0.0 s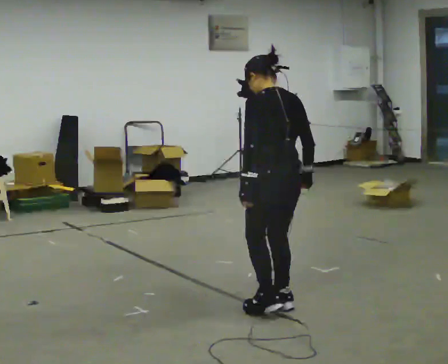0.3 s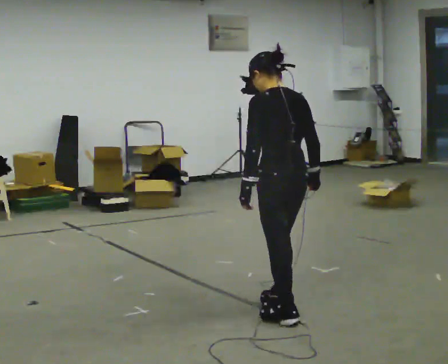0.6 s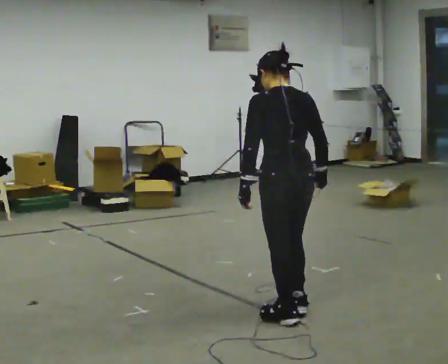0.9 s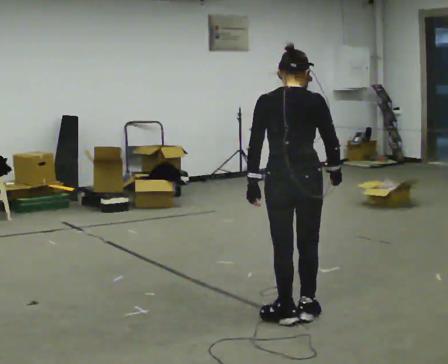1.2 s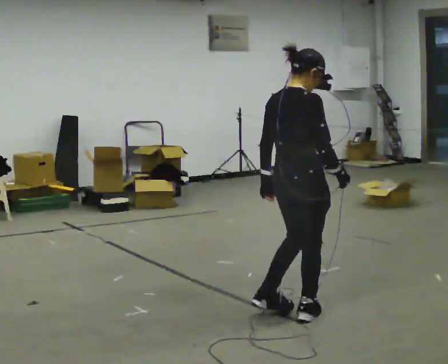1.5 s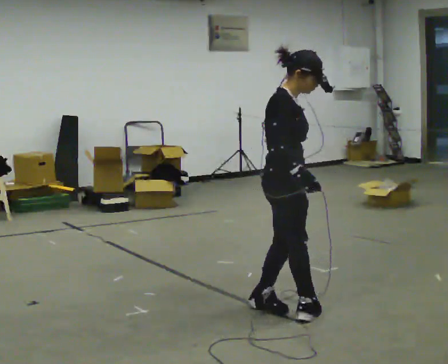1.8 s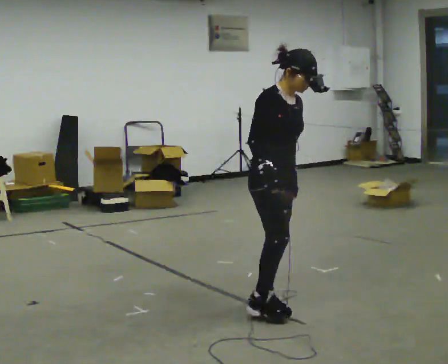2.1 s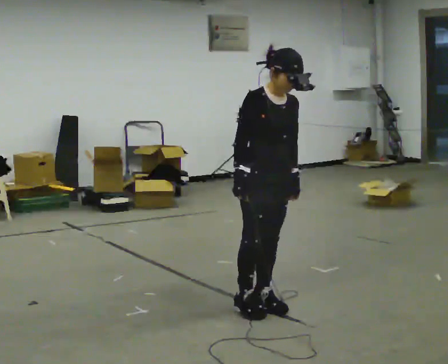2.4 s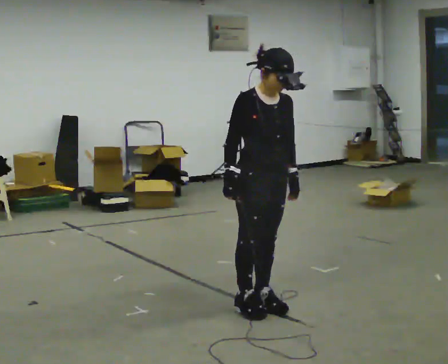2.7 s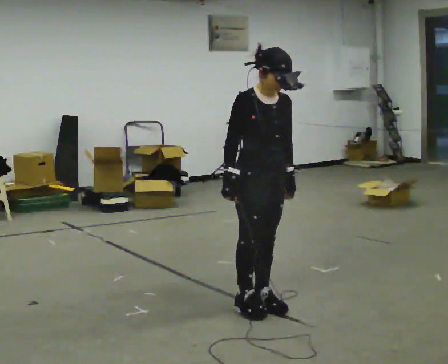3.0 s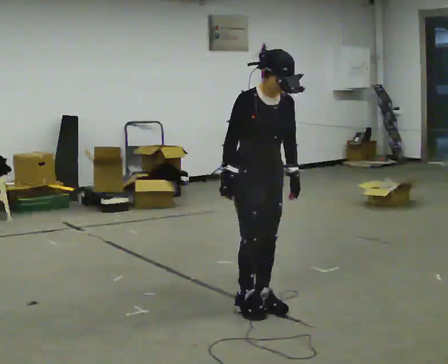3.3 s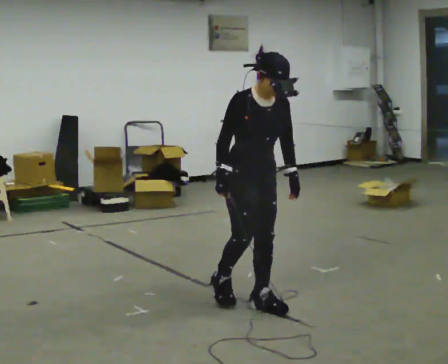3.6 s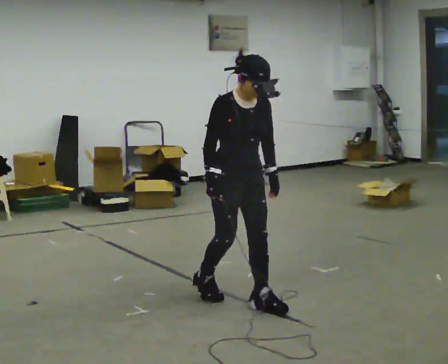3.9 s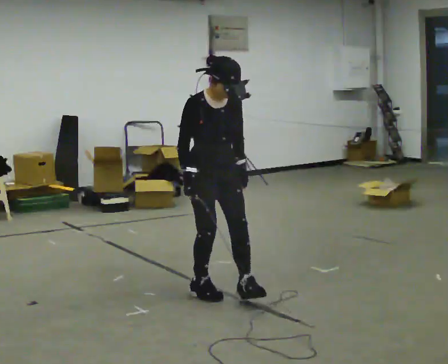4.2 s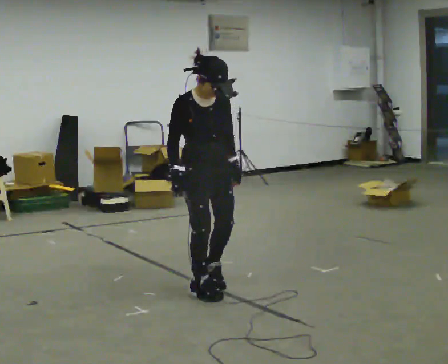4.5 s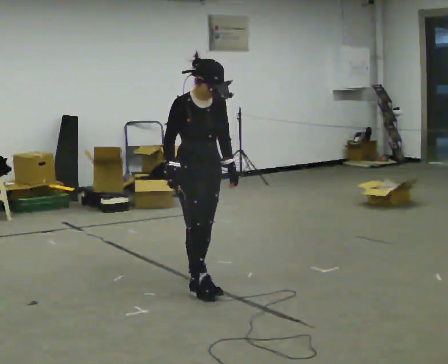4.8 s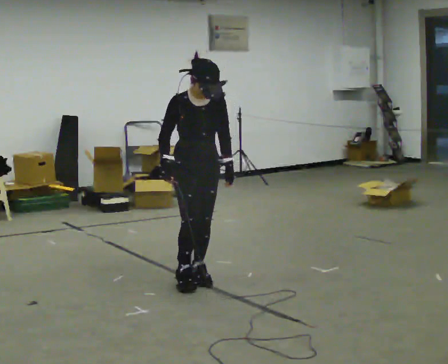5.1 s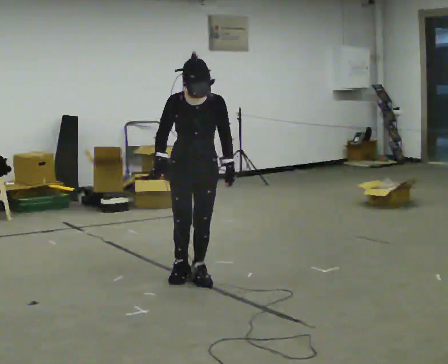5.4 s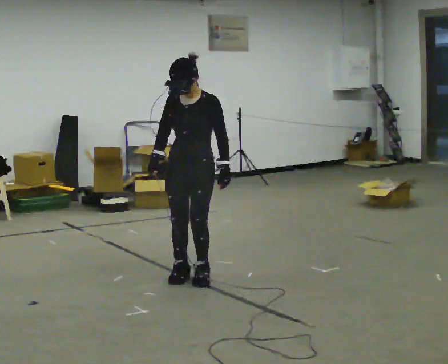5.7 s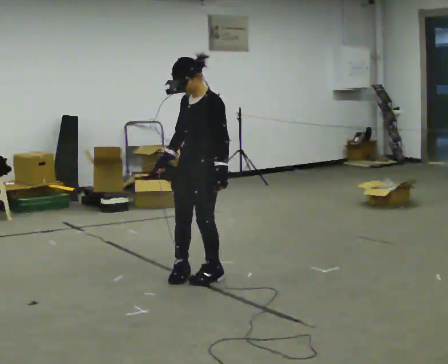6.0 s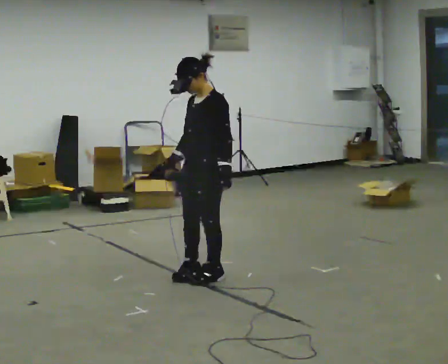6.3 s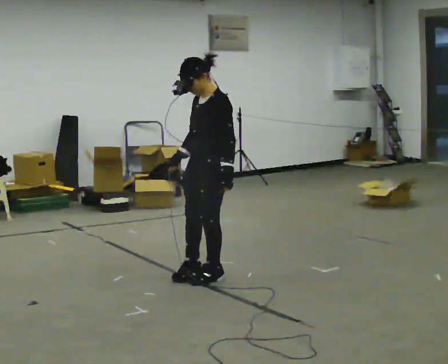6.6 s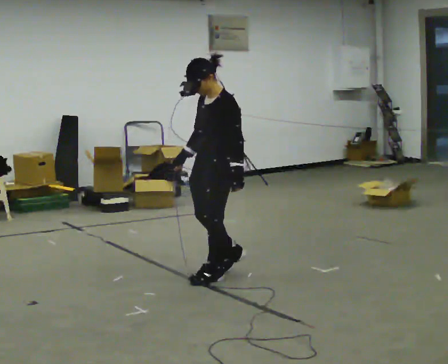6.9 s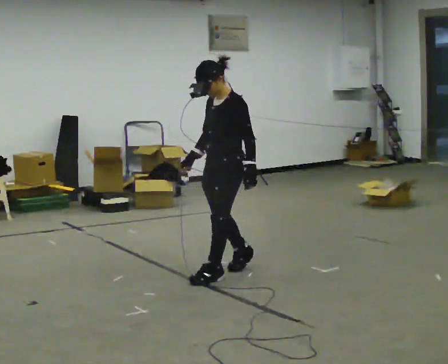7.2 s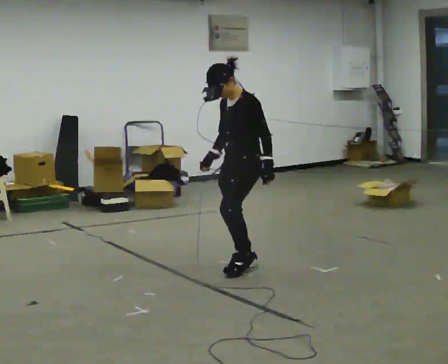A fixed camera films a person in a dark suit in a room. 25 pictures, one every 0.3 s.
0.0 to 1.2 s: The person turns about 90 degrees to their right, clockwise seen from above, so the part of the body nearest the lens slides to the left.
1.2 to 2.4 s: The person turns about 90 degrees to their right, clockwise seen from above, so the part of the body nearest the lens slides to the left. In the picture they go to the left, about 0.25 m in 2 steps. In the picture their right hand goes to the left, the arm swinging clockwise.
2.4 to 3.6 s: The person moves a little, or ends about where they began.
3.6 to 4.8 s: In the picture they go away from the camera and to the left, about 0.5 m in 2 steps, which for them is backward.
4.8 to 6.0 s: Seen from above the body turns clockwise, about 75 degrees: to their right, with its near side sliding to the left.
6.0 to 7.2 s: In the picture they go to the right and away from the camera, about 0.25 m in 1 step, which for them is backward.
The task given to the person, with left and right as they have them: Walk backward several steps, then turn while still moving backward, then continue backward. Operator confirms the space behind you is clear.
The film runs forward here.
